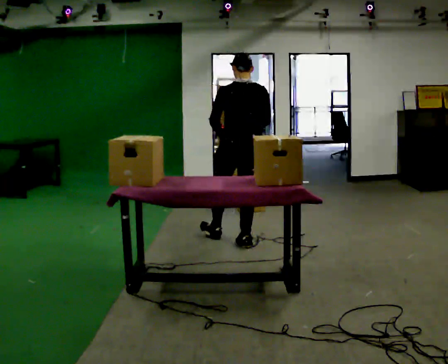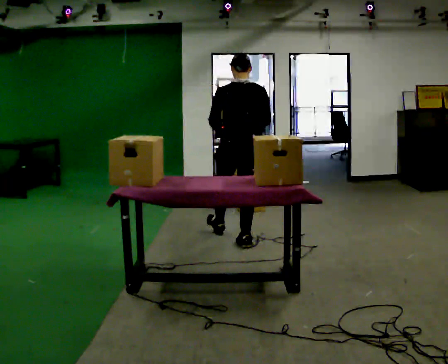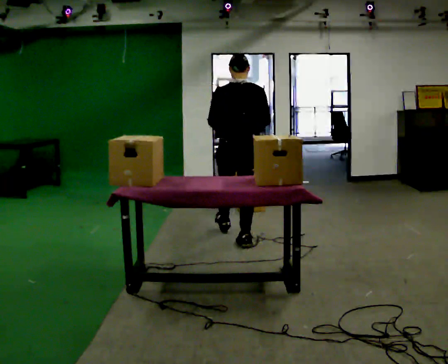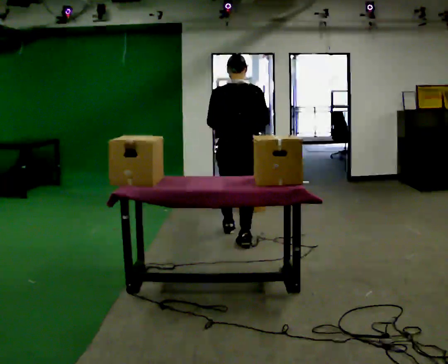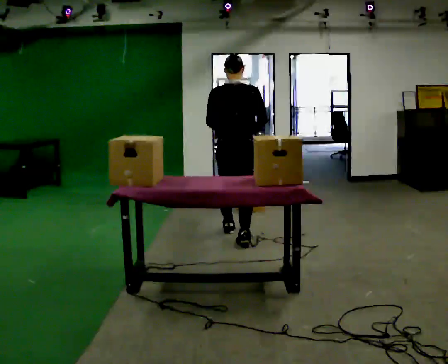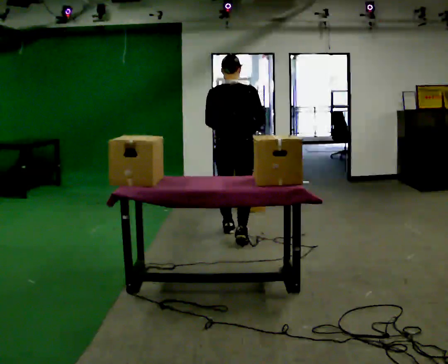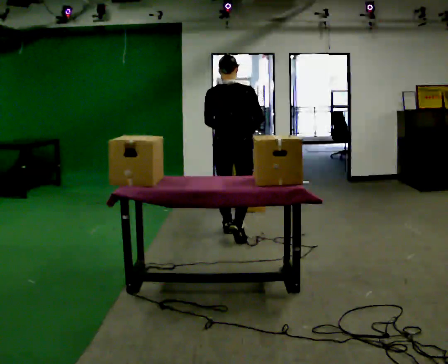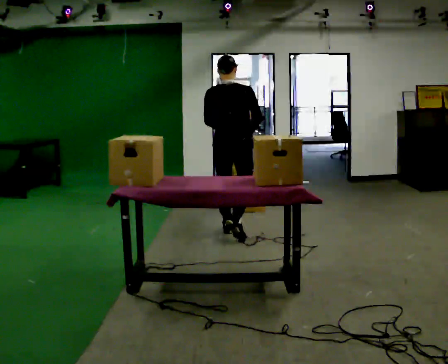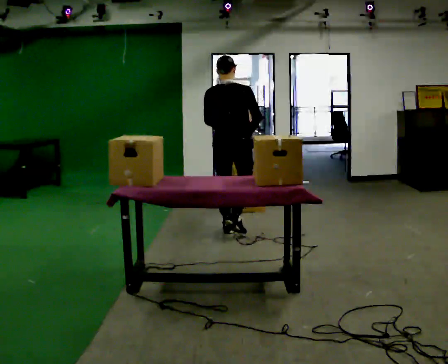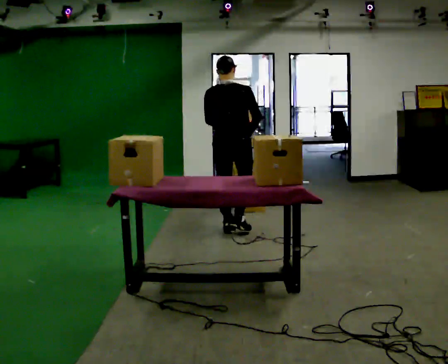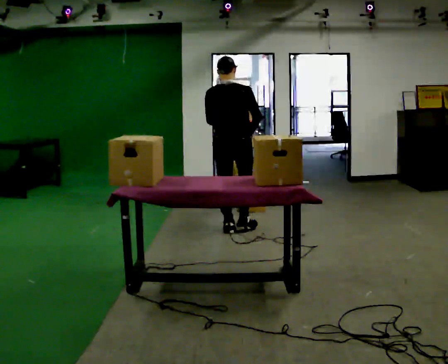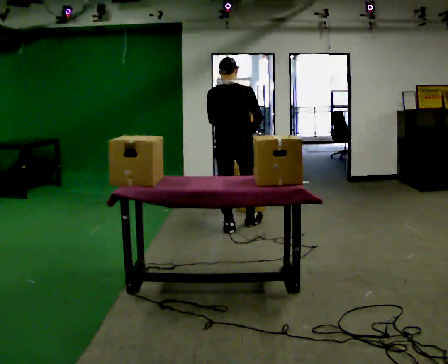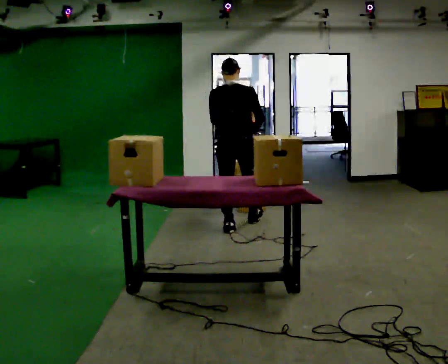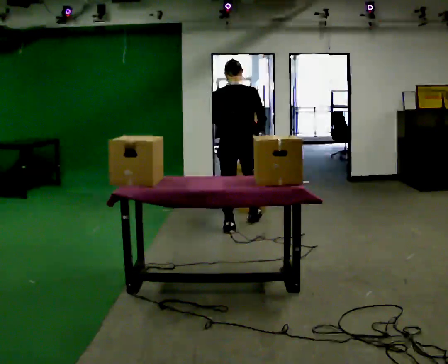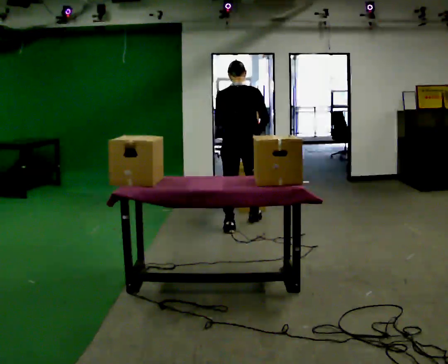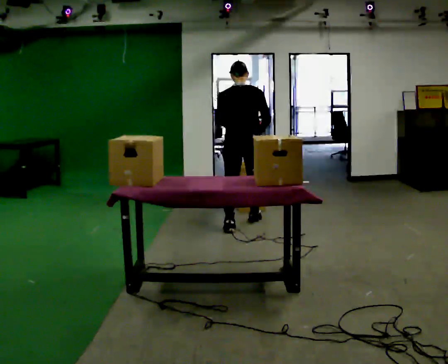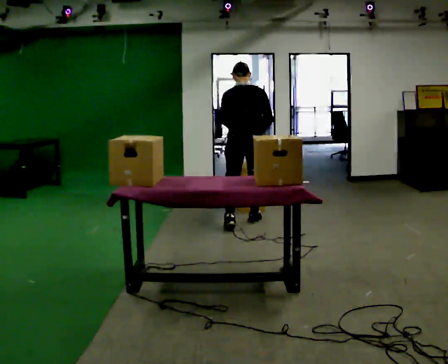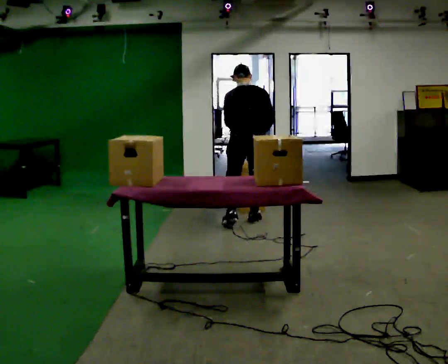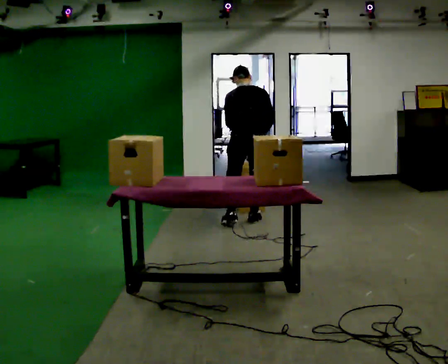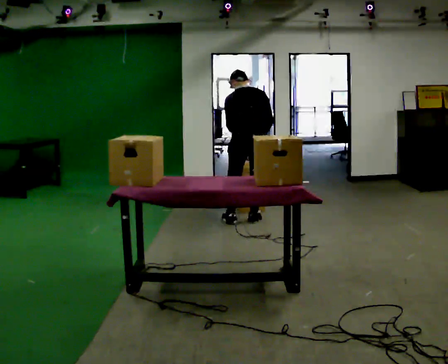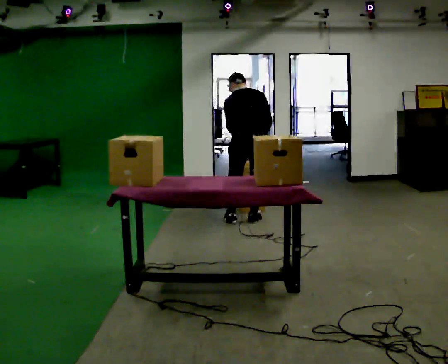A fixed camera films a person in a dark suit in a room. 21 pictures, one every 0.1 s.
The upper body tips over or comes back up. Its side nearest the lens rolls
upward.
0.0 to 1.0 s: The person turns about 30 degrees to their right, clockwise seen from above, so the part of the body nearest the lens slides to the left. In the picture they go away from the camera, about 0.5 m in 1 step, which for them is forward.
1.0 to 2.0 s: In the picture they go away from the camera and to the right, about 0.25 m in 2 steps, which for them is forward and to their right. The upper body tips away from the camera, its near side rolling upward, as they bend forward.
The film runs forward here.
